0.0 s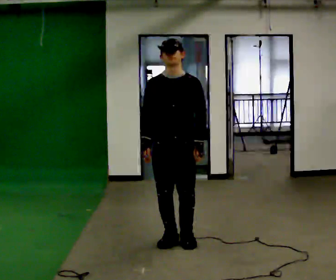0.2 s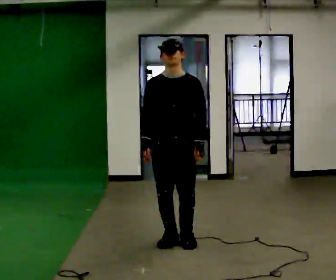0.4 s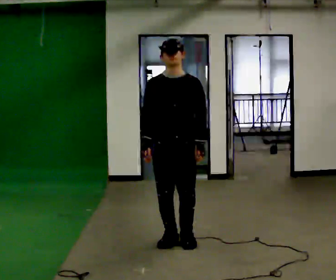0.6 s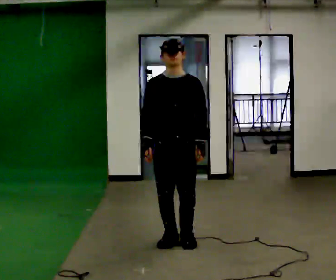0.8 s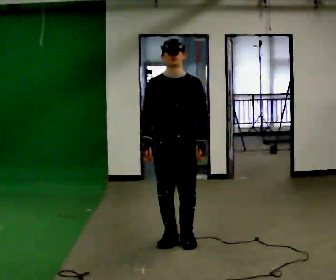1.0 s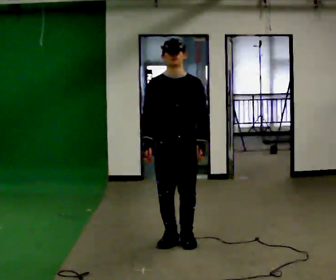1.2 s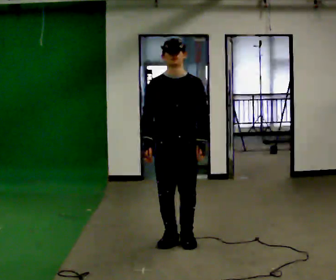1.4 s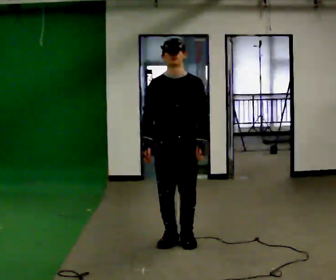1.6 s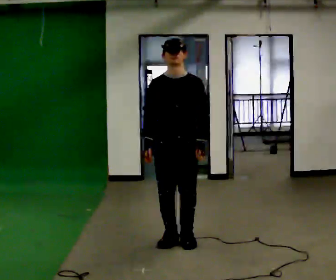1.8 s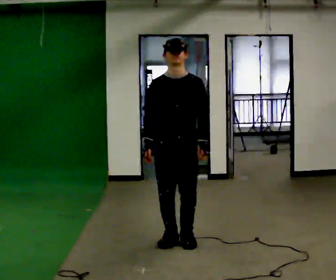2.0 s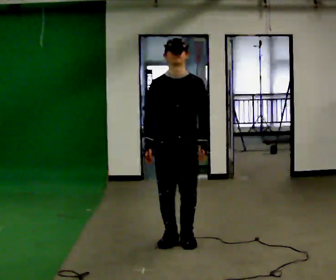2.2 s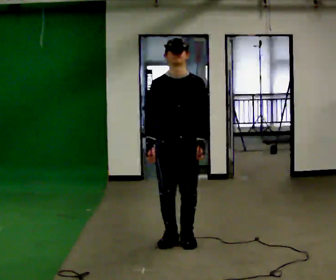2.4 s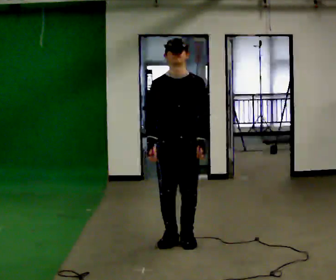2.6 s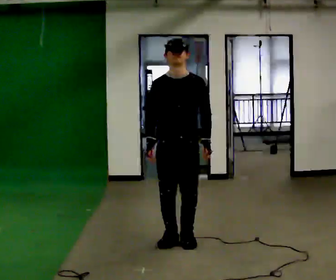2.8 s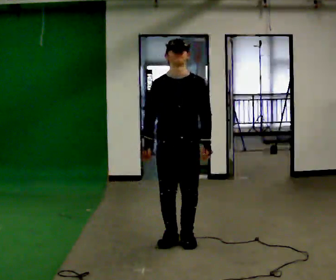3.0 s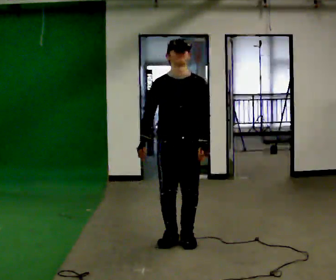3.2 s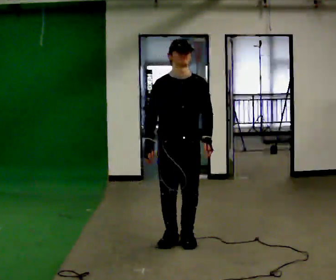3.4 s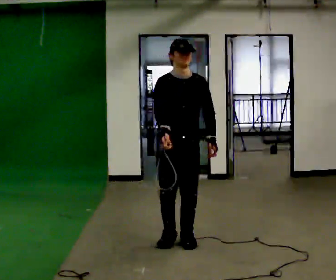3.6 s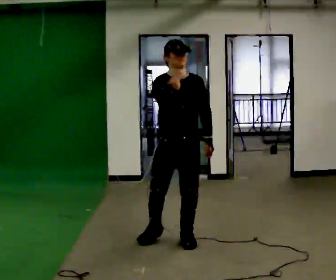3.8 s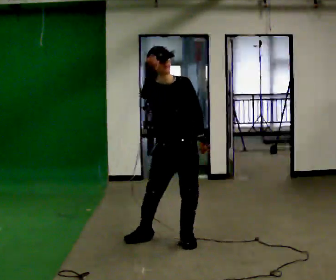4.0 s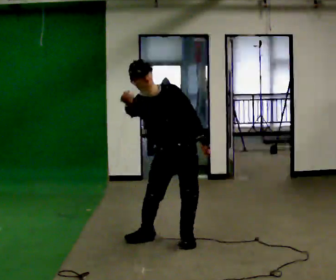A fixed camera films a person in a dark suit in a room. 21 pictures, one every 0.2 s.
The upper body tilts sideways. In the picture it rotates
counterclockwise.
0.0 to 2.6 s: The person moves a little, or ends about where they began.
2.6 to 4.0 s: In the picture the upper body tilts counterclockwise, shoulders to the left. In the picture their right hand goes upward.
The film runs backward here.
